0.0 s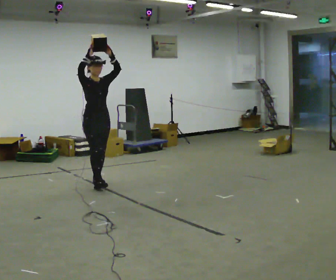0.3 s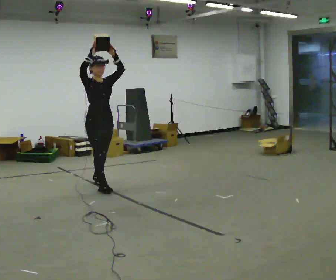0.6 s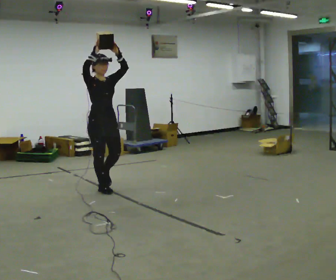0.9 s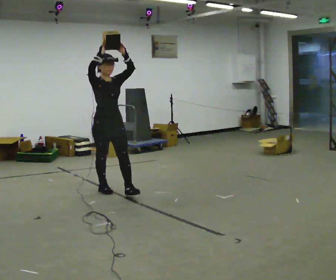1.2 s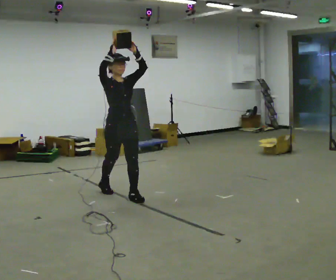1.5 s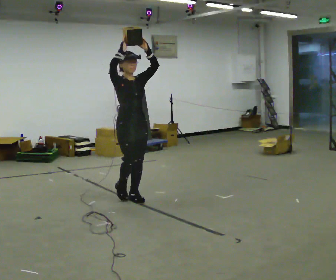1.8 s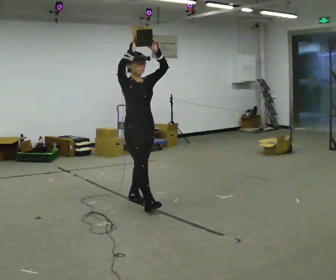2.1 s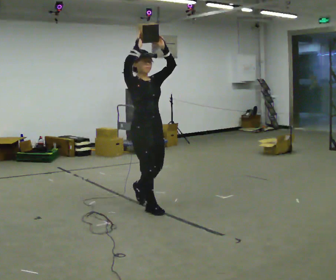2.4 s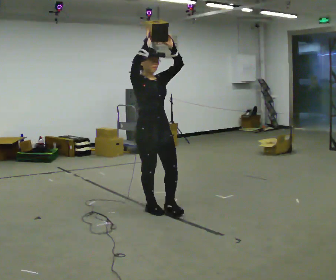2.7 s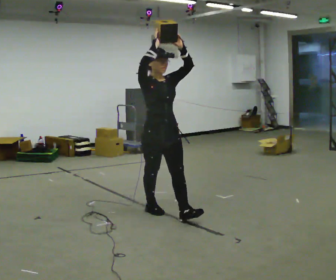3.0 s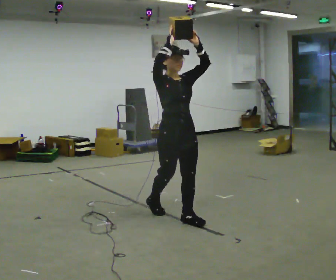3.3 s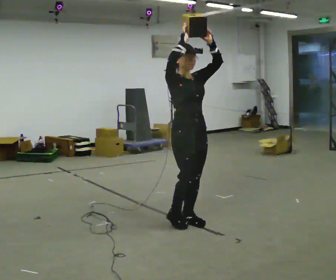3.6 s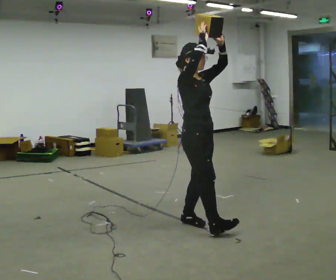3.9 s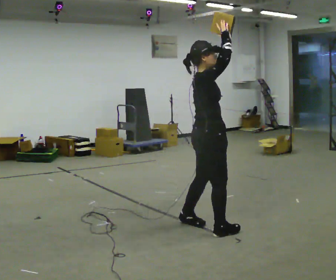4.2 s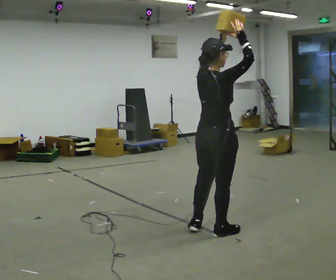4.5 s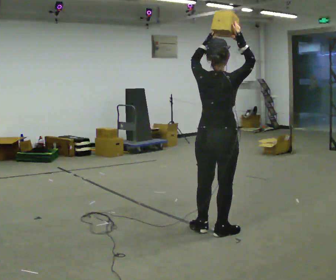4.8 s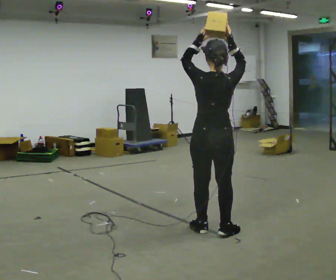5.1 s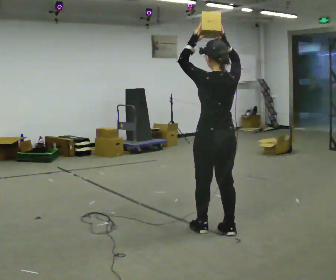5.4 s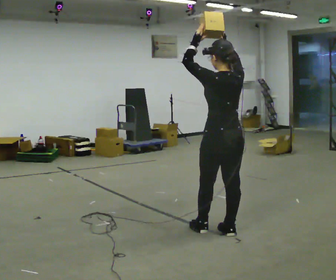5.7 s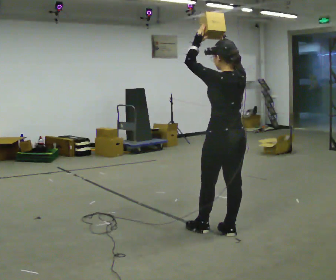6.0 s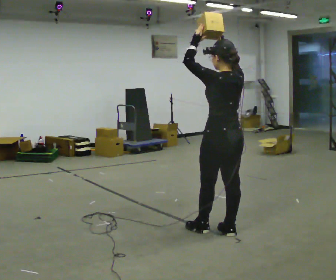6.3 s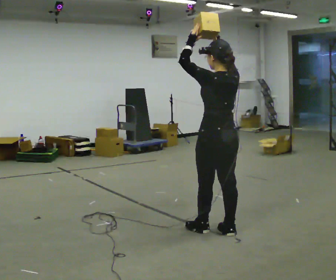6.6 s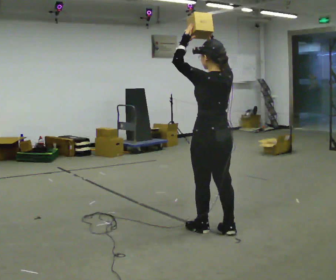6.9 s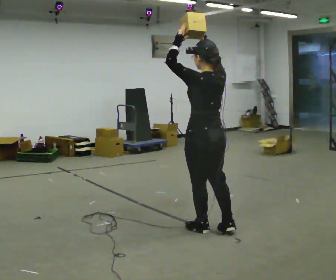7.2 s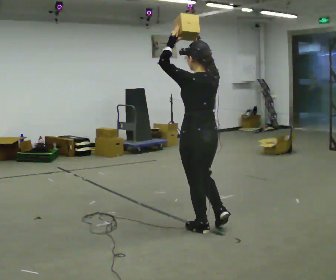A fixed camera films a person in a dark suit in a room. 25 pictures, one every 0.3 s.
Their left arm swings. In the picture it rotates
counterclockwise.
The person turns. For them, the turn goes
to their left.
0.0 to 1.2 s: In the picture they go to the right and toward the camera, about 0.75 m in 2 steps, which for them is forward.
1.2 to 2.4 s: In the picture they go to the right and toward the camera, about 0.5 m in 1 step, which for them is forward.
2.4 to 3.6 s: The person turns about 30 degrees to their left, counterclockwise seen from above, so the part of the body nearest the lens slides to the right. In the picture they go to the right and toward the camera, about 0.5 m in 1 step, which for them is forward.
3.6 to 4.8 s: Seen from above the body turns counterclockwise, about 120 degrees: to their left, with its near side sliding to the right. In the picture they go to the right, about 0.25 m in 2 steps.
4.8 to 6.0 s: Seen from above the body turns counterclockwise, about 30 degrees: to their left, with its near side sliding to the right.
6.0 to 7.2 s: In the picture they go to the left, about 0.25 m, which for them is forward and to their left.
The film runs forward here.
